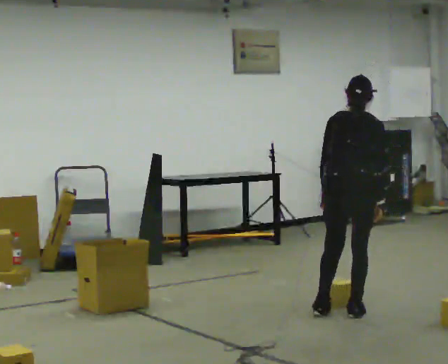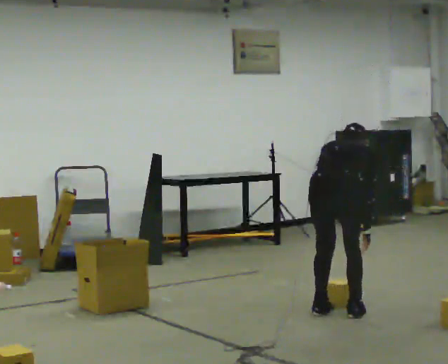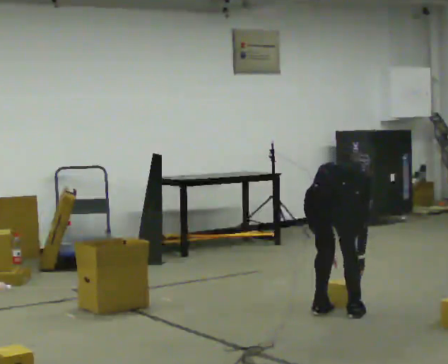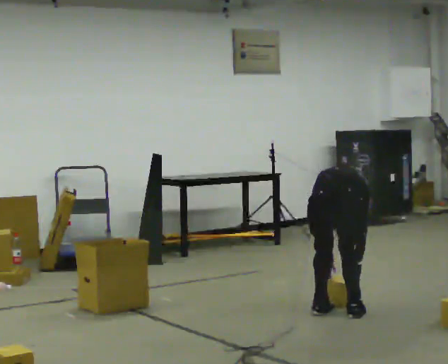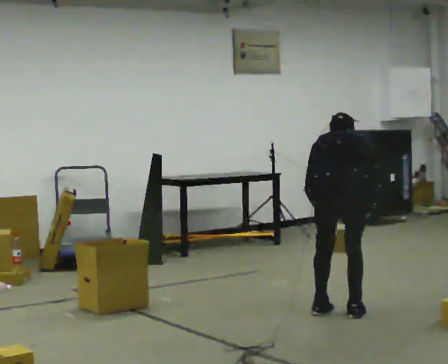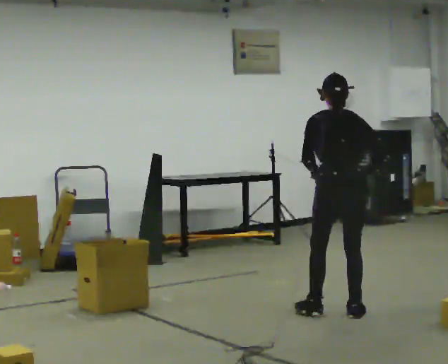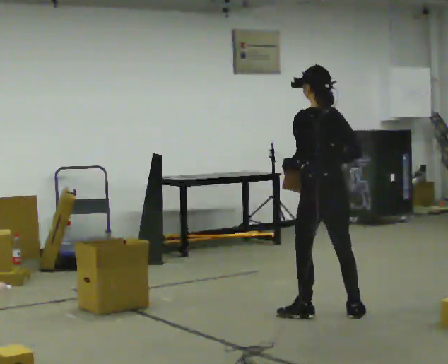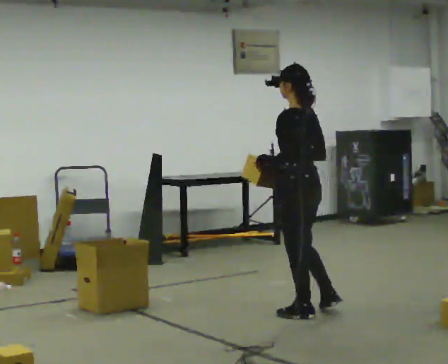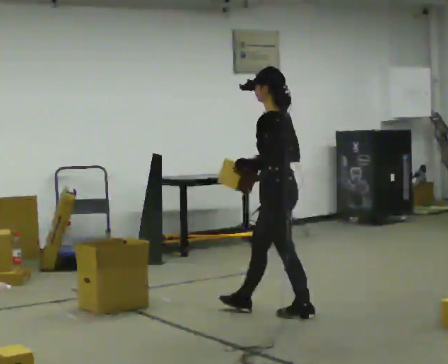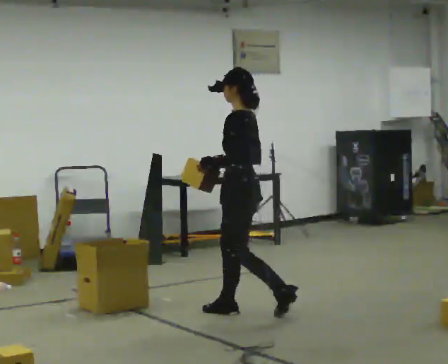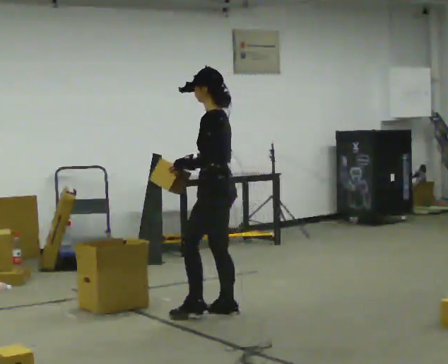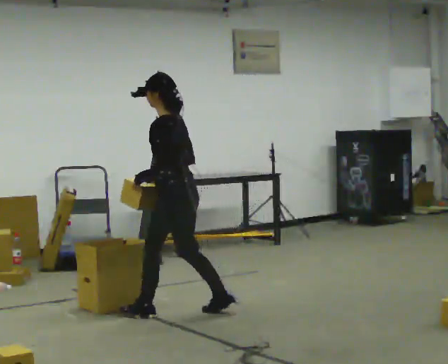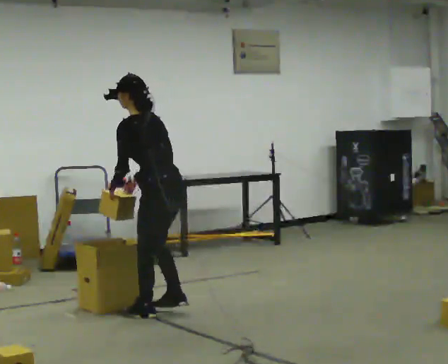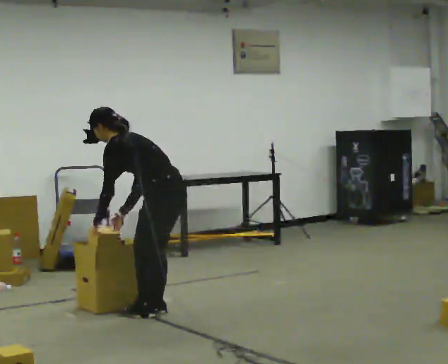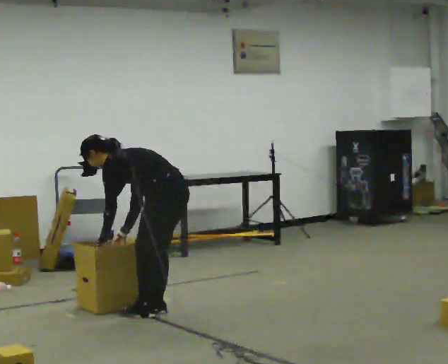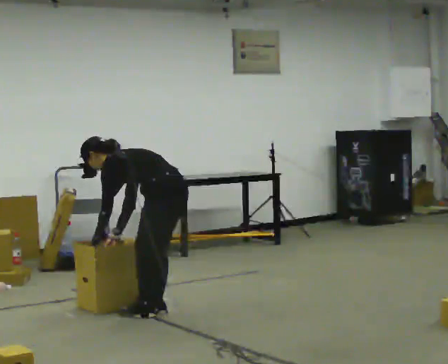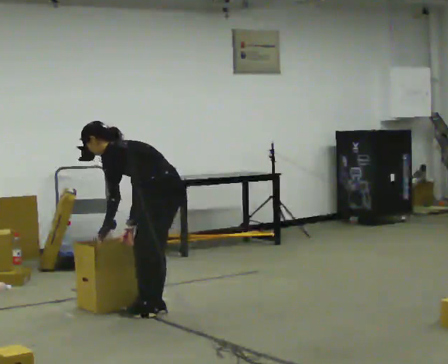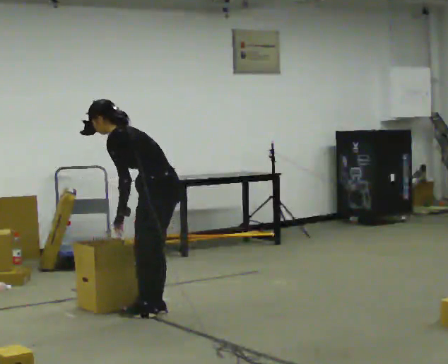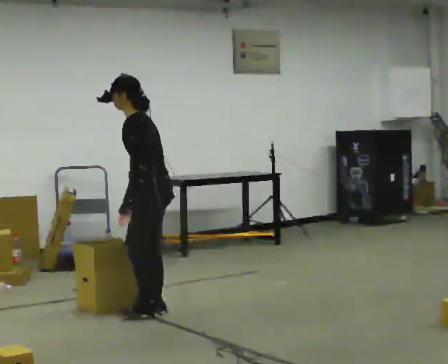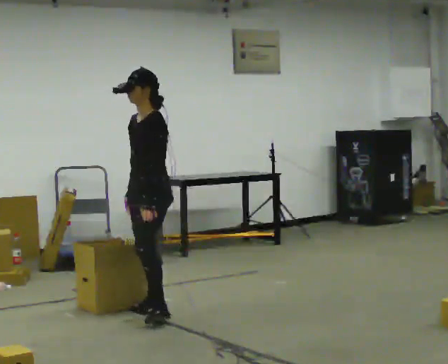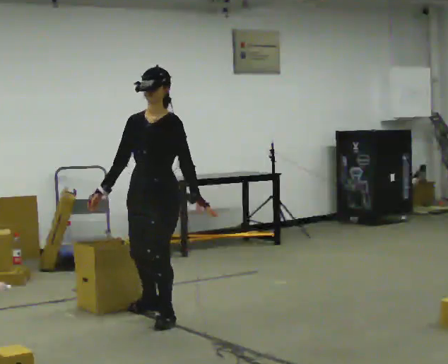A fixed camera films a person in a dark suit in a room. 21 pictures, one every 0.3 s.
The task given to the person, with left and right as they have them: Take the objects from the bin one at a time and put one in each of the places the operator points out. Keep going until the operator says stop; one object at a time, and do not rush between trips.
0.0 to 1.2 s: The person moves a little, or ends about where they began.
1.2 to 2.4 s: The person turns about 75 degrees to their left, counterclockwise seen from above, so the part of the body nearest the lens slides to the right. In the picture they go to the left, about 0.5 m. The upper body tips toward the camera, its near side rolling downward, as they lean back or straighten. In the picture their right hand goes upward.
2.4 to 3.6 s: In the picture they go to the left, about 0.5 m in 2 steps, which for them is forward. In the picture the upper body tilts counterclockwise, shoulders to the left, as they bend forward.
3.6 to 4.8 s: The person moves a little, or ends about where they began.
4.8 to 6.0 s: Seen from above the body turns counterclockwise, about 75 degrees: to their left, with its near side sliding to the right. In the picture they go toward the camera, about 0.25 m. The shoulders move upward. In the picture the upper body tilts clockwise, shoulders to the right, as they lean back or straighten.
The film runs forward here.
